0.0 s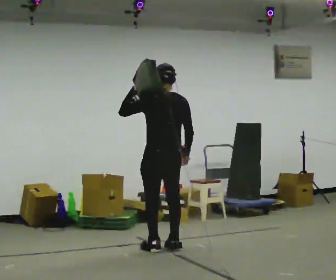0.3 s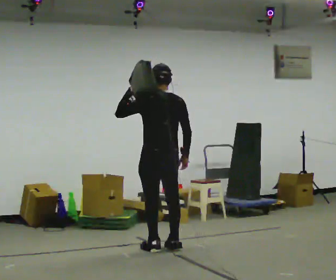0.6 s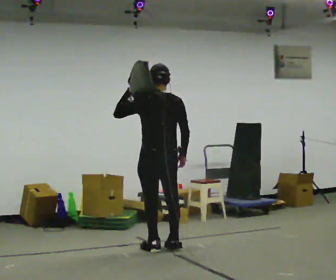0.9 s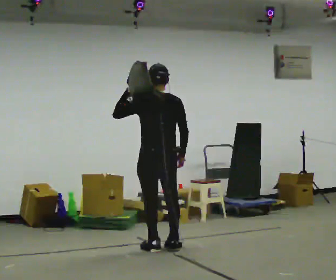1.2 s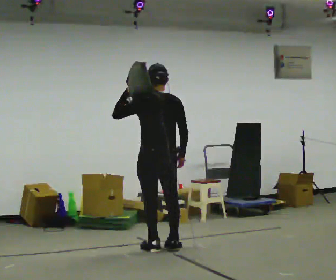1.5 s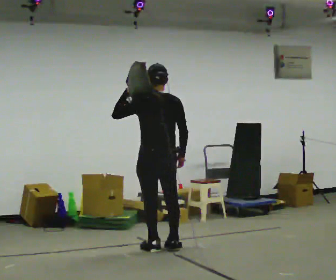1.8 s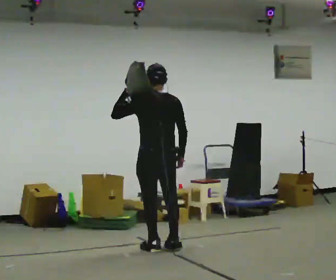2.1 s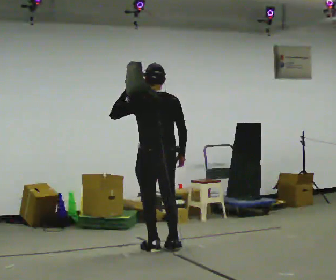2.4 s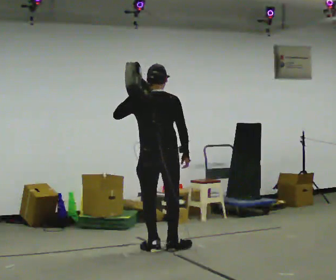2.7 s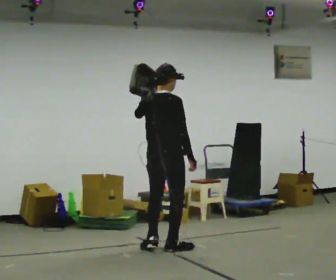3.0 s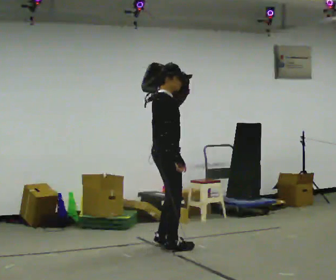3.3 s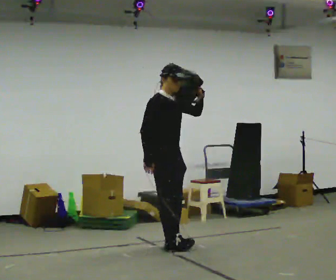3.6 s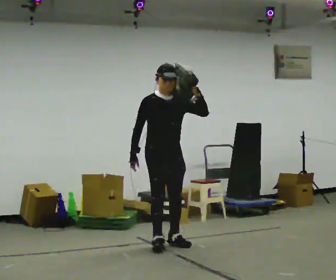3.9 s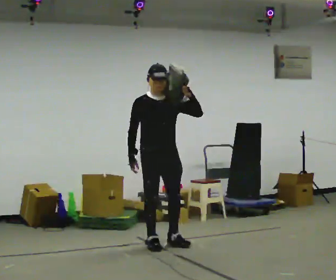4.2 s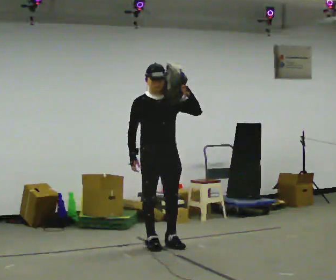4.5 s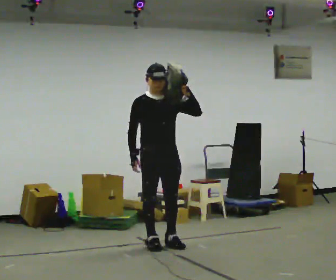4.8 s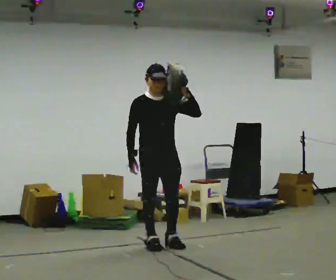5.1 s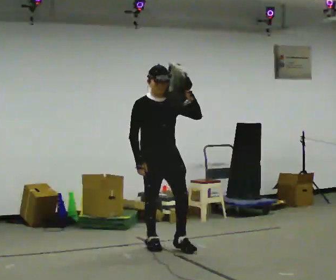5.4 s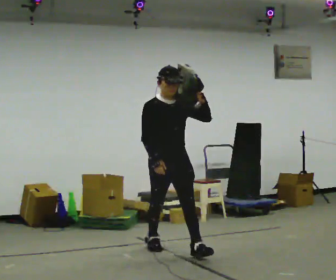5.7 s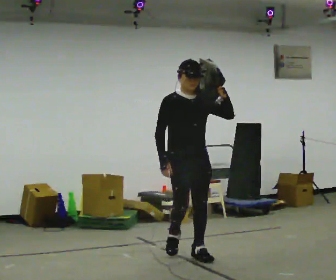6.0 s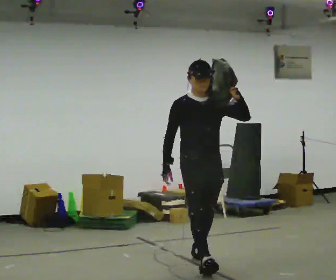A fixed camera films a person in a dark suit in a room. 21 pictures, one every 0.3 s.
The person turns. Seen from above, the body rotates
clockwise.
The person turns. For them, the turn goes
to their right.
0.0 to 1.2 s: The person moves a little, or ends about where they began.
1.2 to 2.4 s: The part of the body nearest the lens slides to the left as the person turns to their right by about 30 degrees.
2.4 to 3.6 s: Seen from above the body turns clockwise, about 150 degrees: to their right, with its near side sliding to the left. In the picture they go away from the camera, about 0.25 m in 1 step. In the picture their left hand goes to the right.
3.6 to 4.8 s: The person moves a little, or ends about where they began.
4.8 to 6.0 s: In the picture they go toward the camera and to the right, about 1 m in 1 step, which for them is forward.
The film runs forward here.
